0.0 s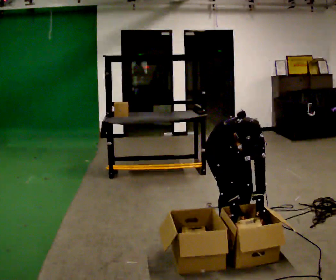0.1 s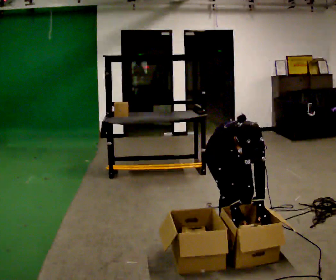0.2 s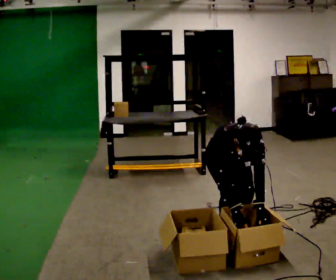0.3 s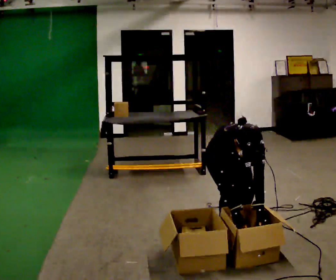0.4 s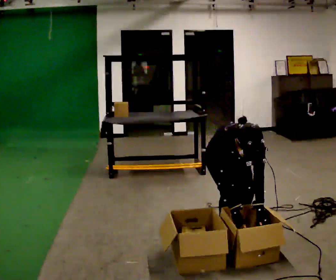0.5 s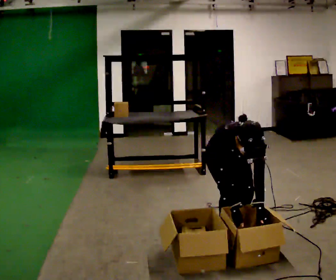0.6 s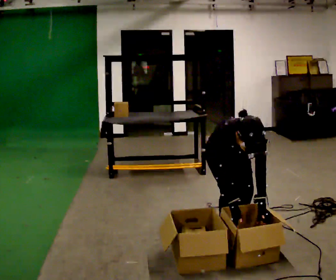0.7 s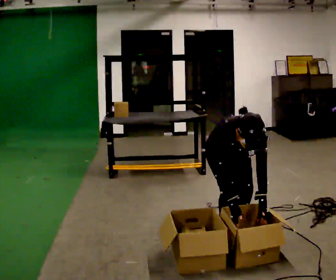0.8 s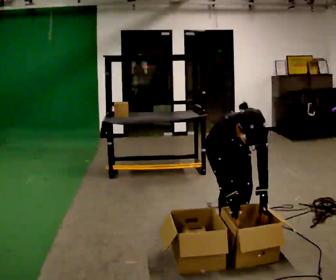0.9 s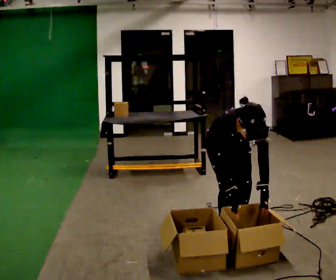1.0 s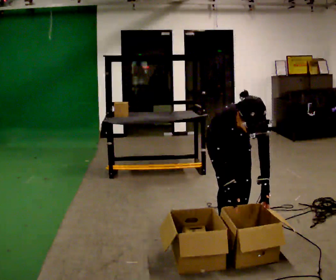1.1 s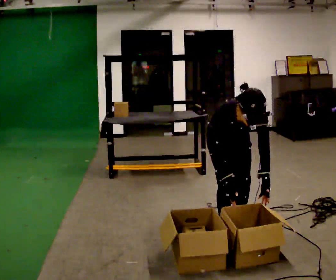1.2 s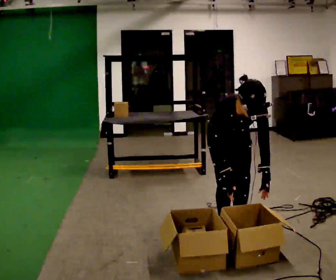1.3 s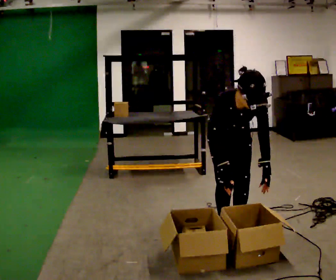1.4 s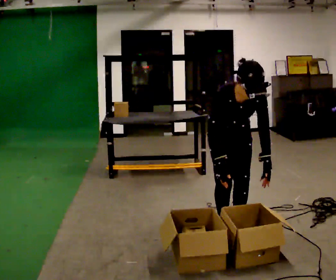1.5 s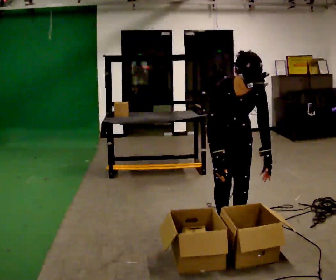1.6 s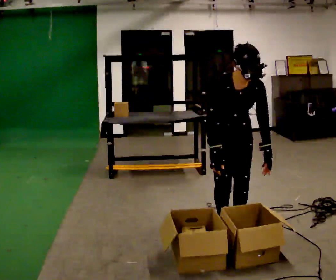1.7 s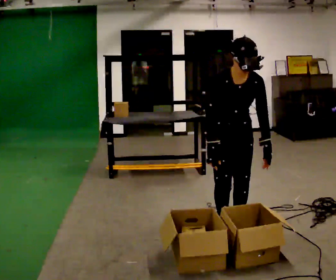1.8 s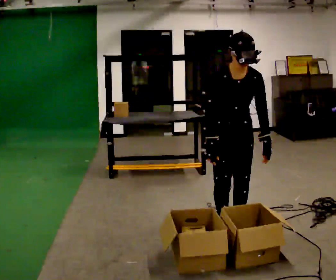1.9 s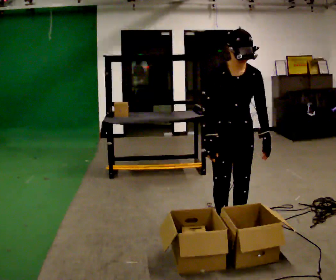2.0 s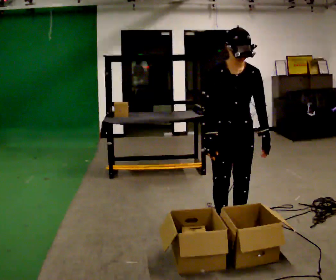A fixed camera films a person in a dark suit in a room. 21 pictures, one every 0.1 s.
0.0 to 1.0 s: The person moves a little, or ends about where they began.
1.0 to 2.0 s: The shoulders move upward. The upper body tips away from the camera, its near side rolling upward, as they lean back or straighten. In the picture their right hand goes upward.
The film runs backward here.
